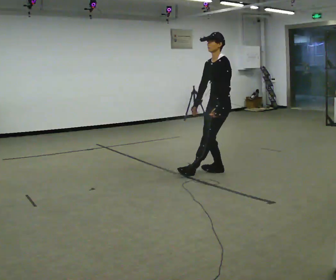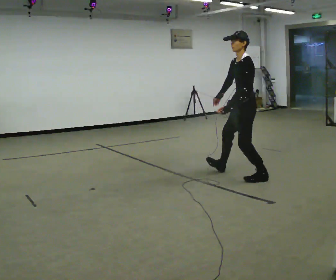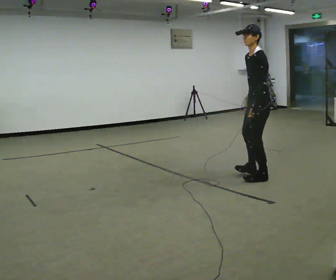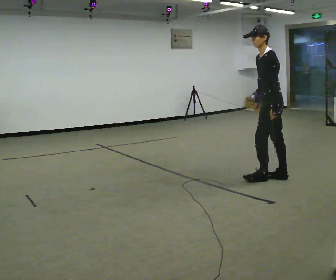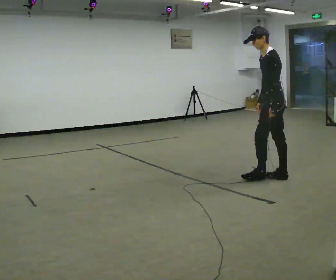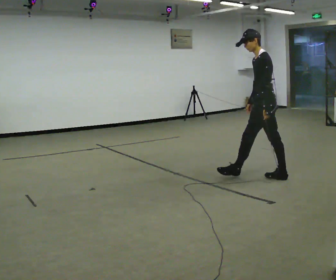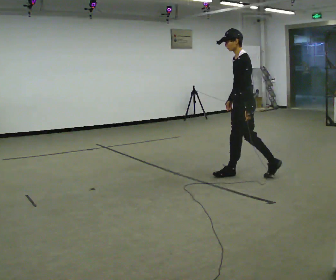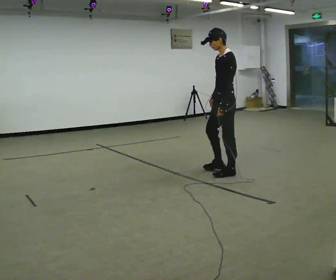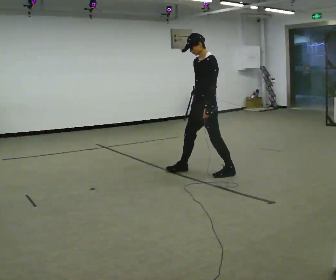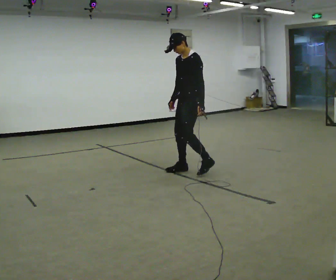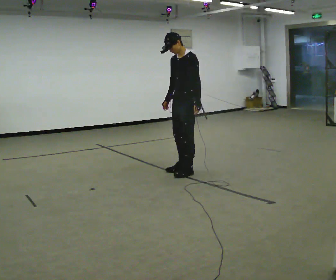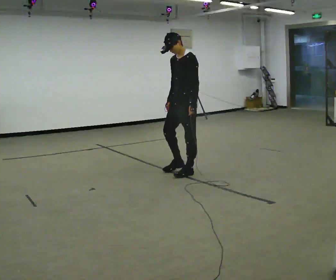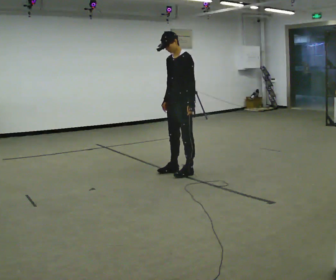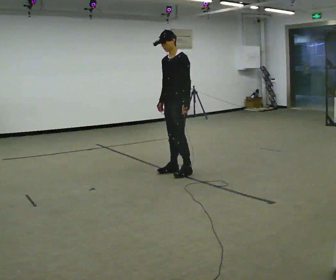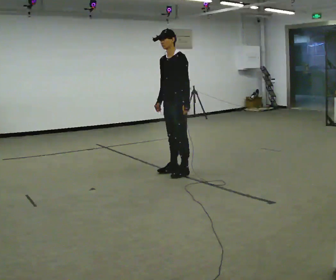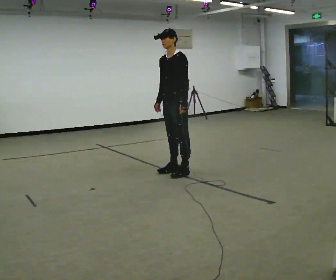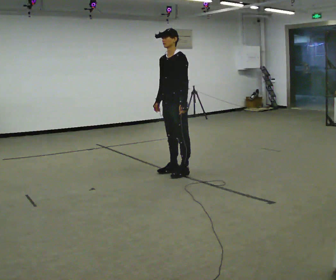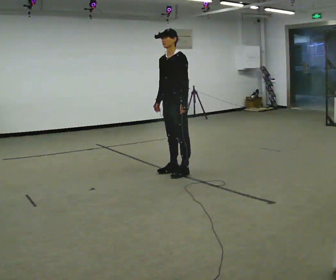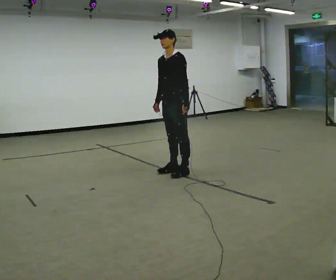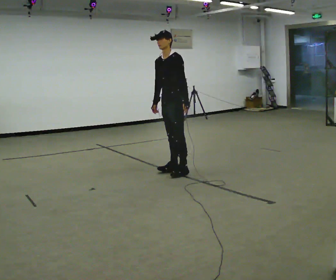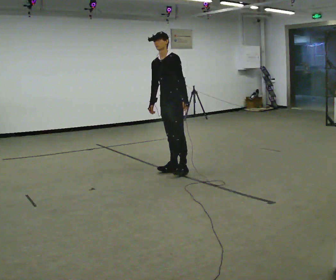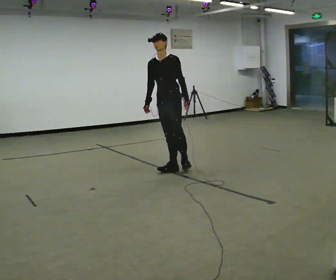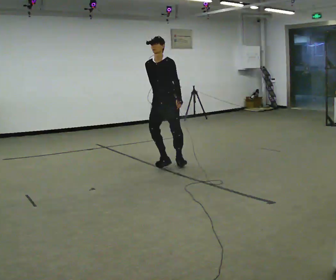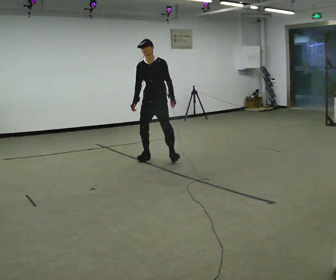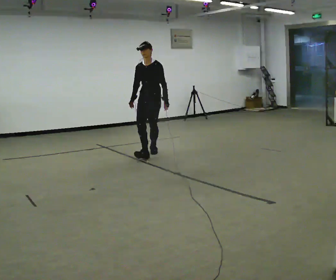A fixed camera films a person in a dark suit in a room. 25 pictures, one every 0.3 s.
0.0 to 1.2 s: The part of the body nearest the lens slides to the left as the person turns to their right by about 30 degrees. In the picture they go to the right and toward the camera, about 0.75 m in 2 steps, which for them is backward and to their left.
1.2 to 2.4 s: The part of the body nearest the lens slides to the right as the person turns to their left by about 30 degrees. In the picture they go to the left and away from the camera, about 1 m in 2 steps, which for them is forward.
2.4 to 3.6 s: In the picture they go to the left, about 0.25 m in 1 step, which for them is to their right and forward.
3.6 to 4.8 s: The person moves a little, or ends about where they began.
4.8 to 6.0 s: In the picture they go away from the camera, about 0.25 m, which for them is to their right.
6.0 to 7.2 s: The part of the body nearest the lens slides to the right as the person turns to their left by about 30 degrees. In the picture they go away from the camera and to the left, about 1 m in 3 steps, which for them is backward and to their right.
The film runs forward here.
